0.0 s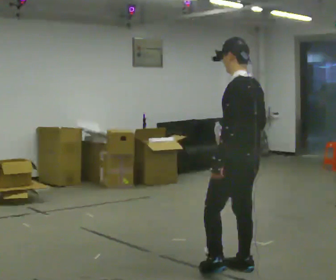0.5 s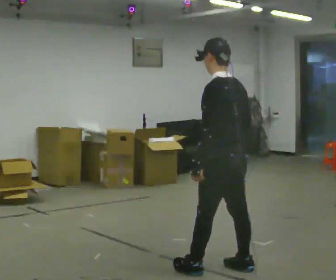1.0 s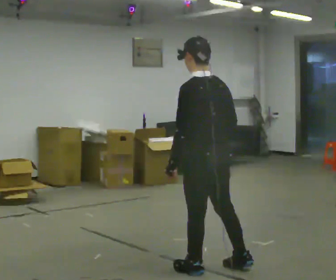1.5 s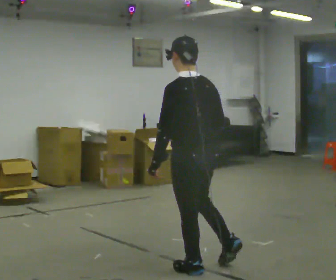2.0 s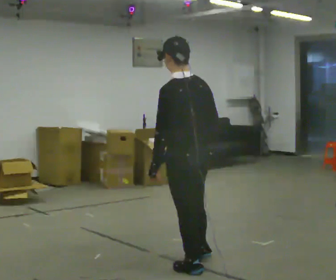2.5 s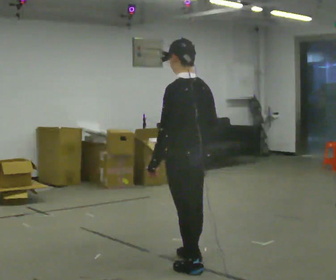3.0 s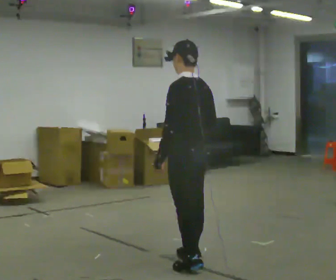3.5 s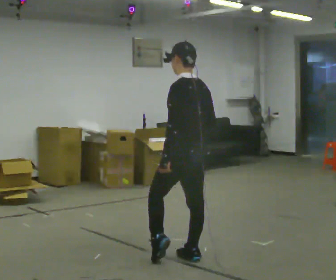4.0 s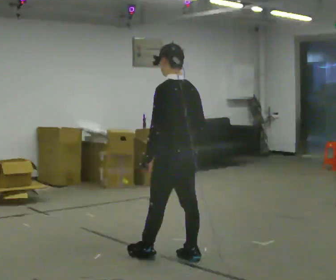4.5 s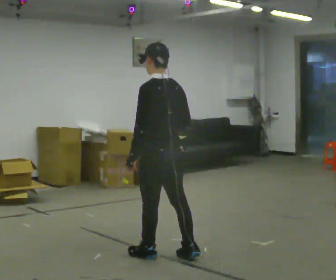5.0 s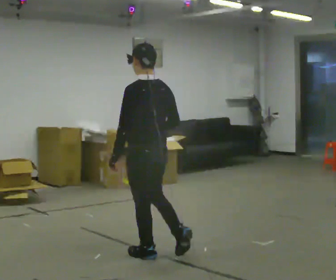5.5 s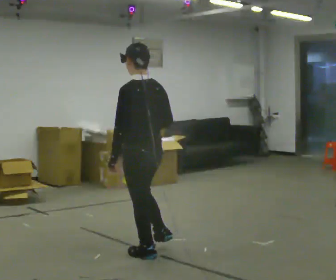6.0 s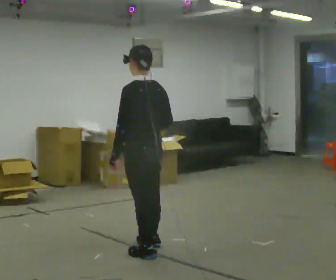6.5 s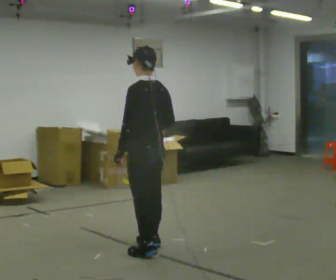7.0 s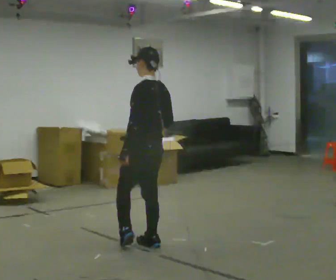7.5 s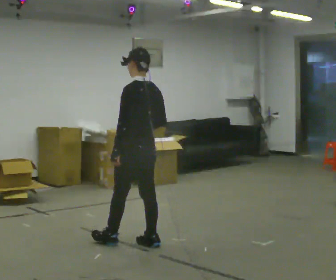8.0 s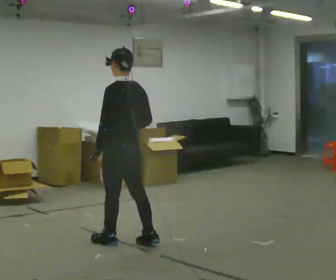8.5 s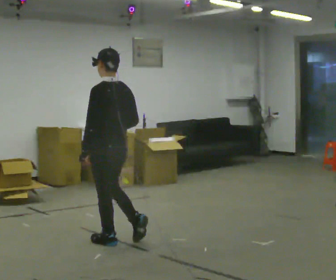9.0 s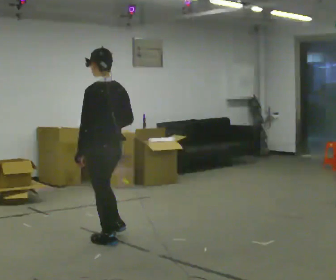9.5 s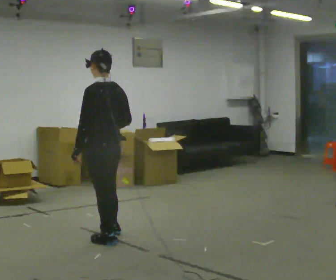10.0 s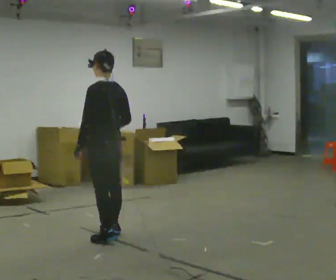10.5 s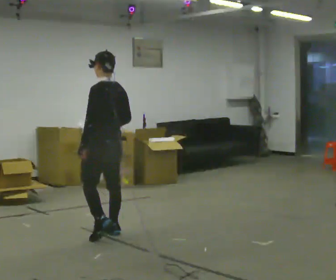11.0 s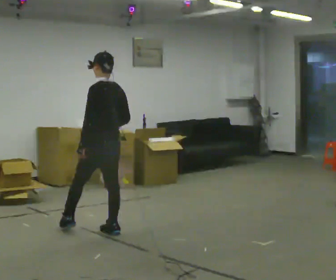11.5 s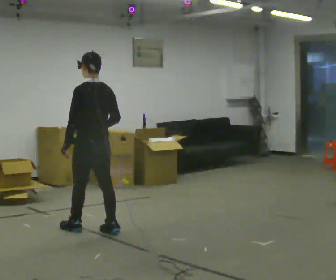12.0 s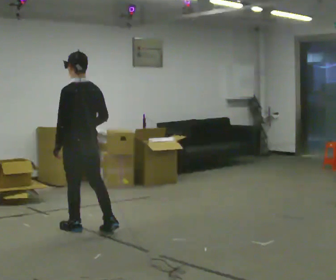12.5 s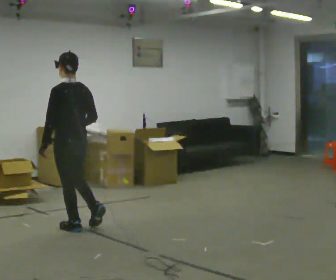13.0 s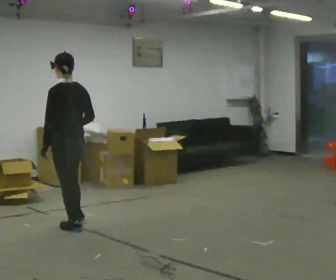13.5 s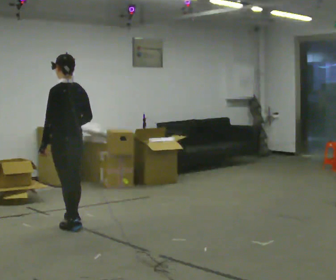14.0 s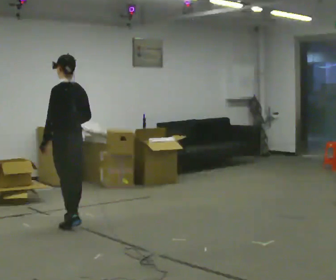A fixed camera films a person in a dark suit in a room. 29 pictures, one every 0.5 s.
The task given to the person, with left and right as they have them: Carry the open container of water across the room without spilling it, back and forth.
0.0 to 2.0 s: In the picture they go to the left, about 0.25 m in 1 step, which for them is forward and to their left.
2.0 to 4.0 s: In the picture they go away from the camera, about 0.25 m in 2 steps, which for them is forward and to their right.
4.0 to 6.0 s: In the picture they go to the left and away from the camera, about 0.25 m in 1 step, which for them is forward.
6.0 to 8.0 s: In the picture they go away from the camera and to the left, about 0.25 m in 1 step, which for them is forward.
8.0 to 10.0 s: In the picture they go away from the camera and to the left, about 0.25 m in 1 step, which for them is forward.
10.0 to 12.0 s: In the picture they go to the left and away from the camera, about 0.25 m in 1 step, which for them is forward.
12.0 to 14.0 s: In the picture they go away from the camera, about 0.25 m in 1 step, which for them is forward.
The film runs forward here.
